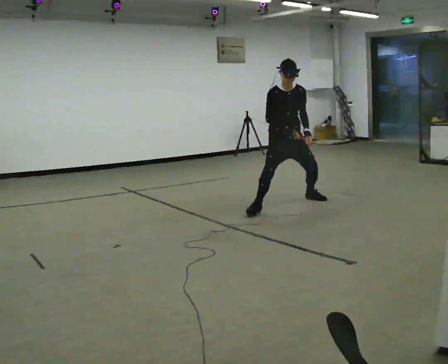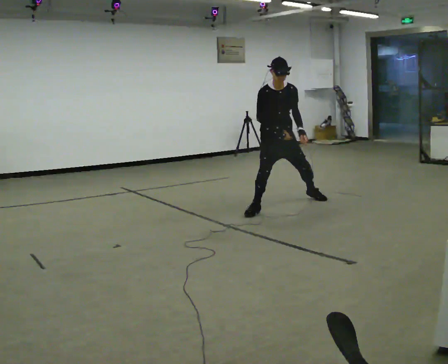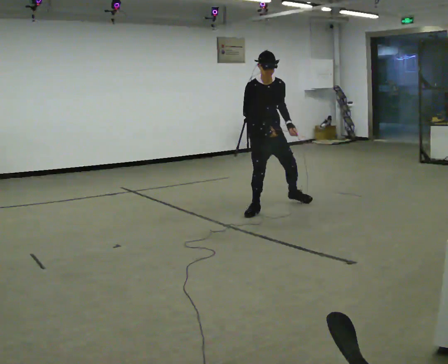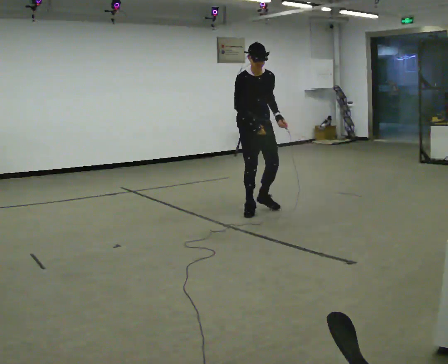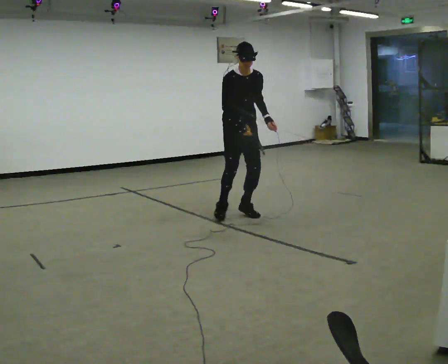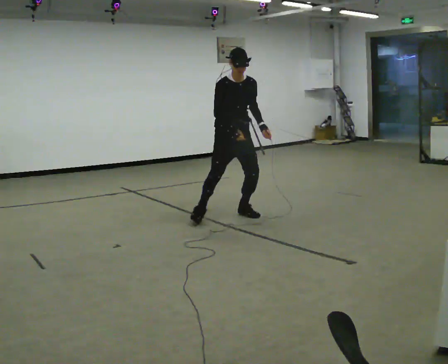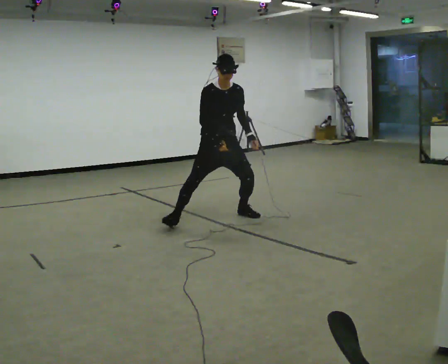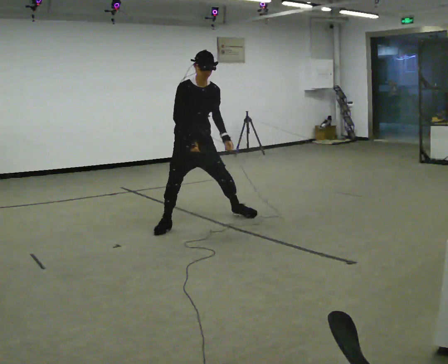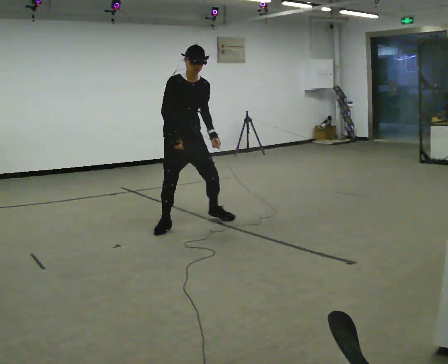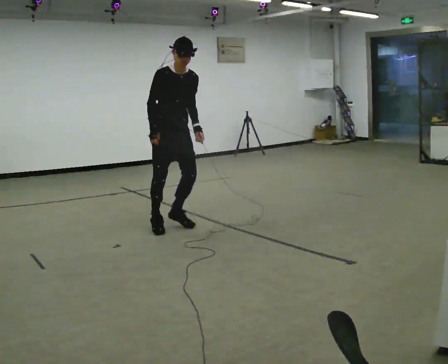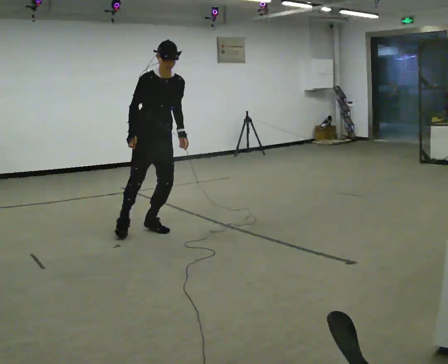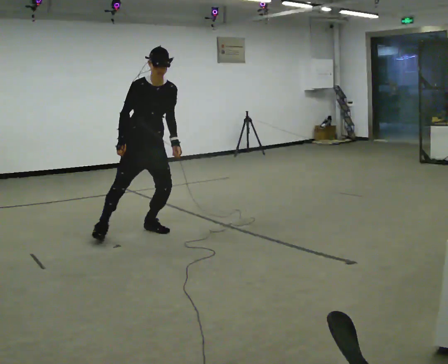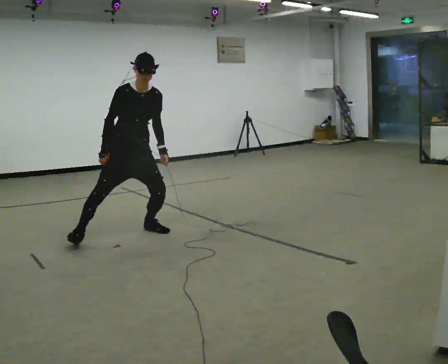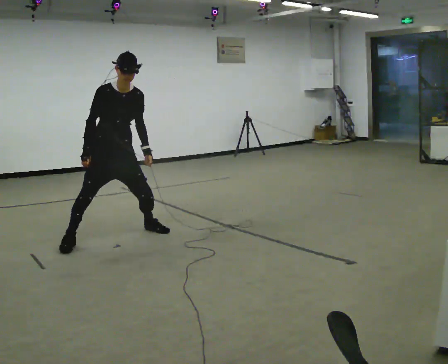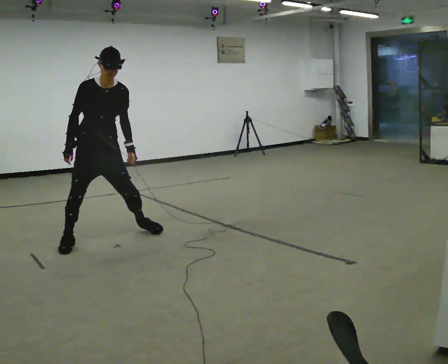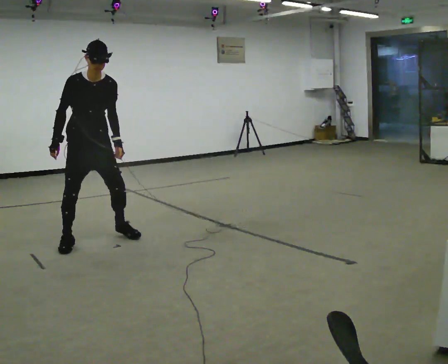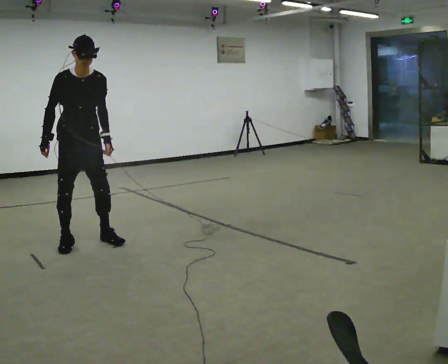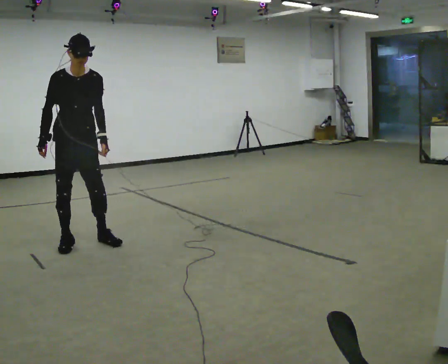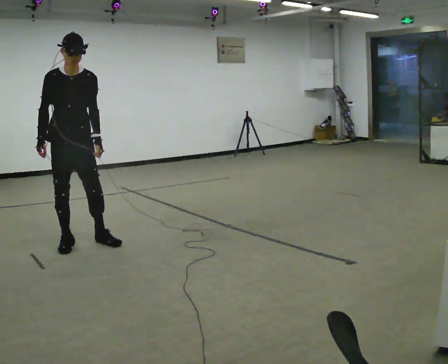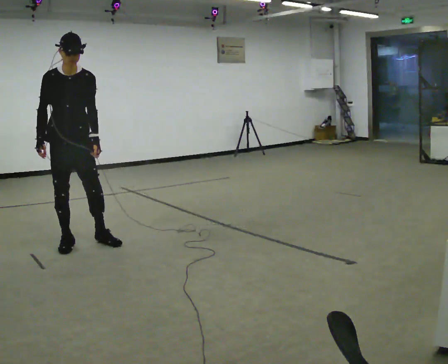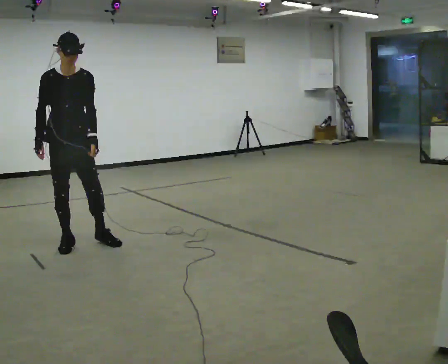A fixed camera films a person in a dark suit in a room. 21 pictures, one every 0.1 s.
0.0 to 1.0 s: In the picture they go to the left and toward the camera, about 1.5 m in 3 steps, which for them is to their right. In the picture the upper body tilts clockwise, shoulders to the right.
1.0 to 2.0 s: In the picture they go to the left and toward the camera, about 1 m in 2 steps, which for them is to their right.
The film runs forward here.
